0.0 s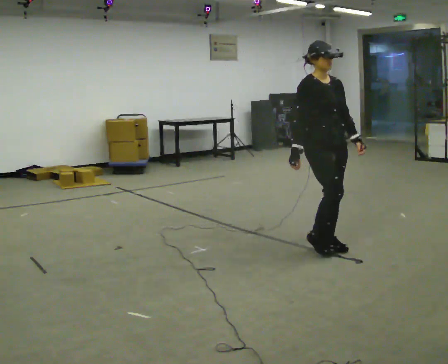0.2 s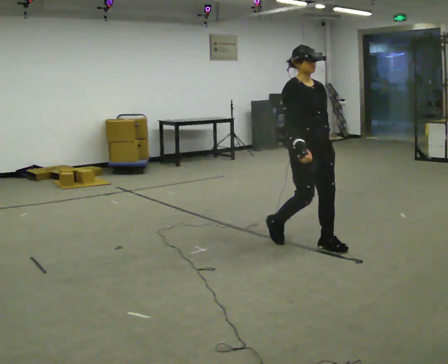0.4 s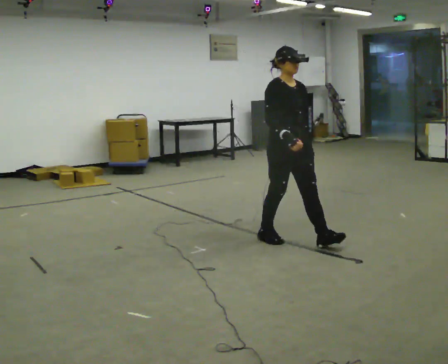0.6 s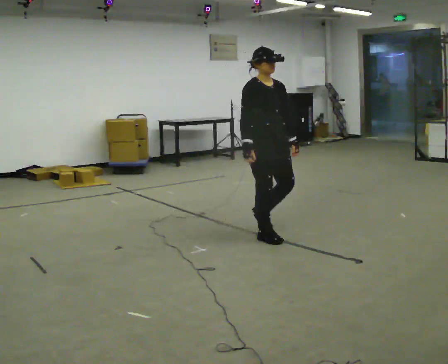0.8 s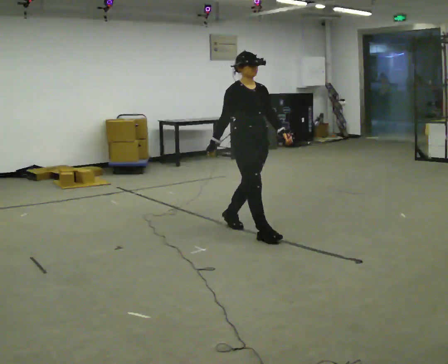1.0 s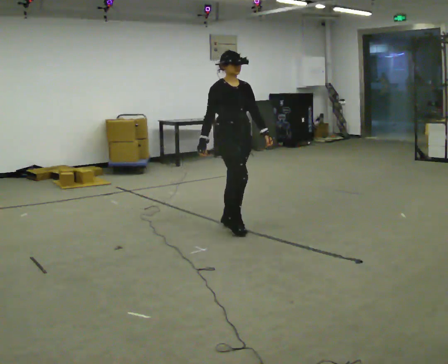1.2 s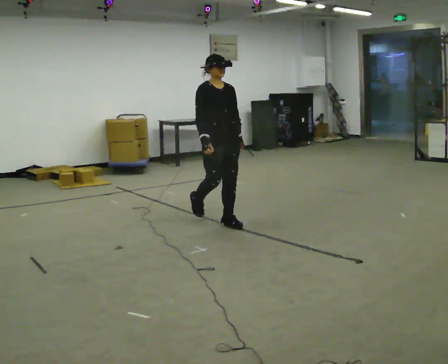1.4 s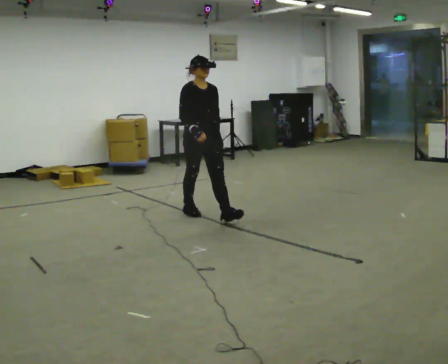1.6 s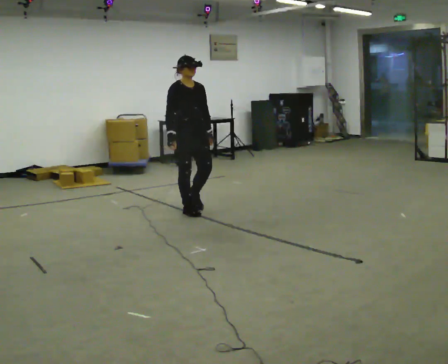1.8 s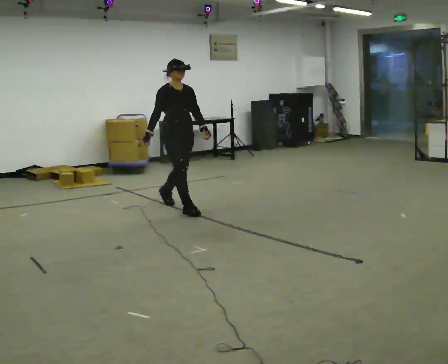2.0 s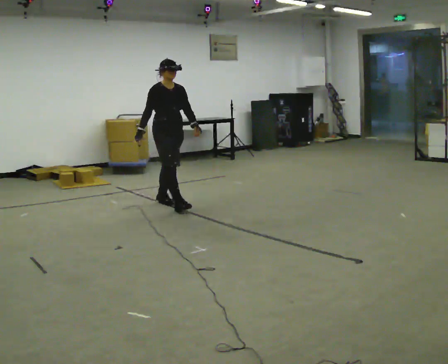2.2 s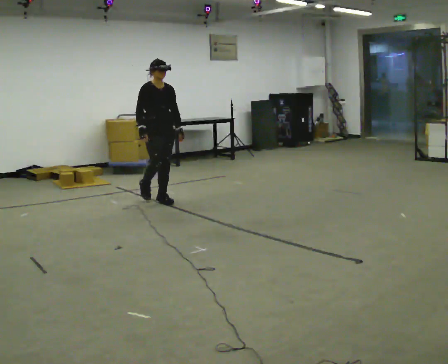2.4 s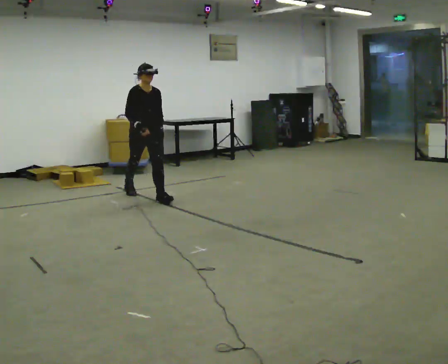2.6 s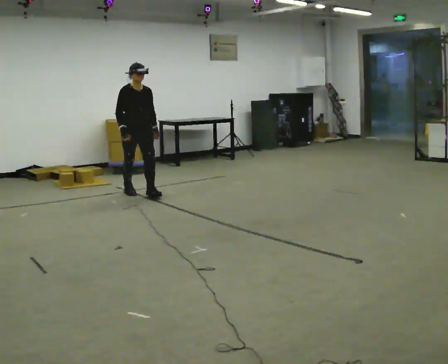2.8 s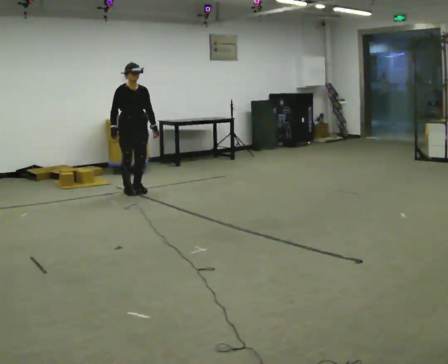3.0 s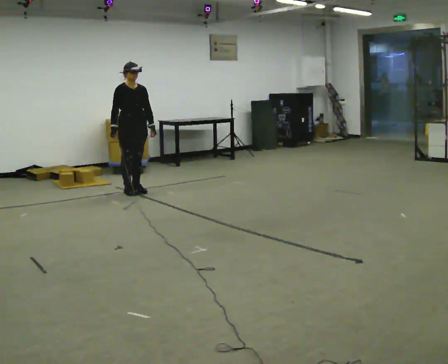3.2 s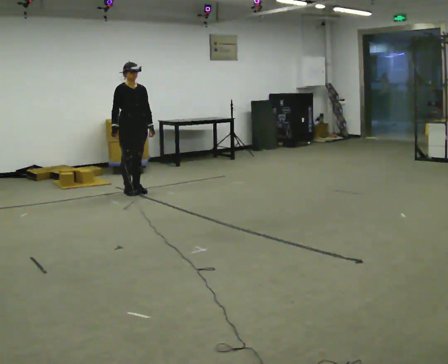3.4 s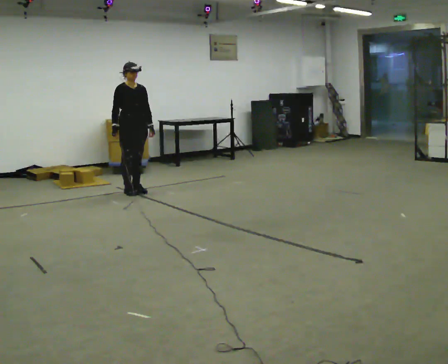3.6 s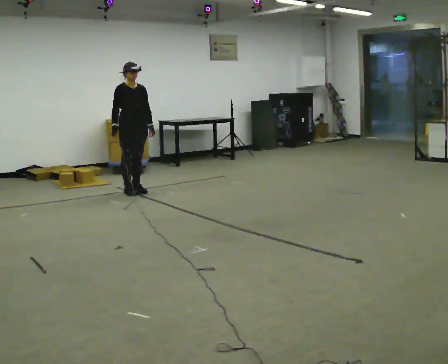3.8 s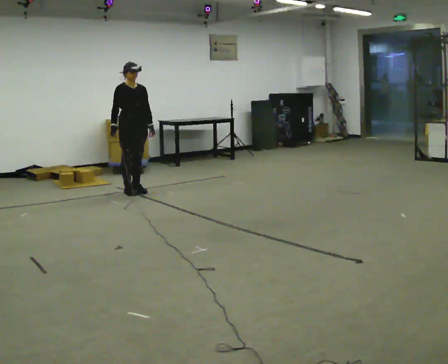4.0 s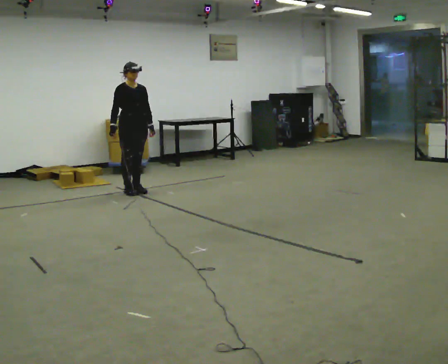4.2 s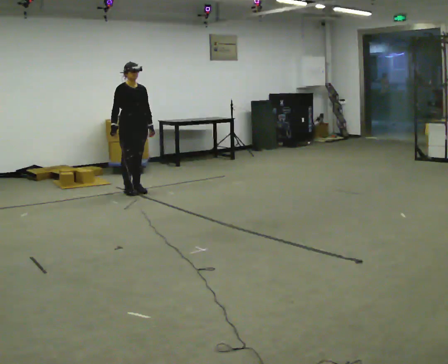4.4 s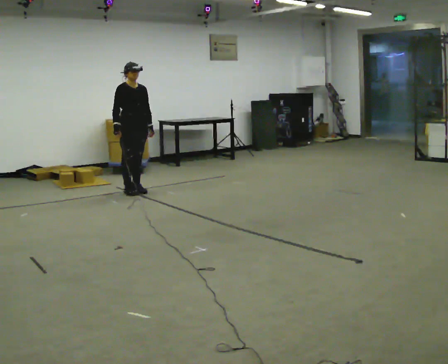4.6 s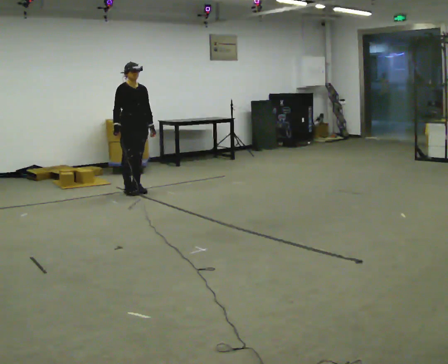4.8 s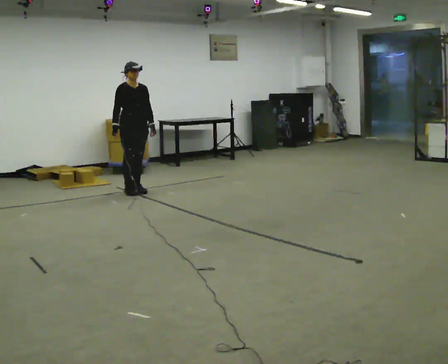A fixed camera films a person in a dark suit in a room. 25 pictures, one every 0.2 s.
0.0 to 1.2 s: In the picture they go away from the camera and to the left, about 1 m in 2 steps, which for them is backward.
1.2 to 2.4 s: In the picture they go away from the camera and to the left, about 1.5 m in 2 steps, which for them is backward.
2.4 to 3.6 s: In the picture they go away from the camera and to the left, about 0.5 m in 1 step, which for them is backward.
3.6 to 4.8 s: The person moves a little, or ends about where they began.
The film runs backward here.
